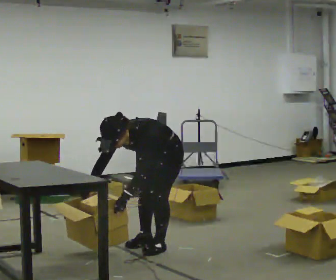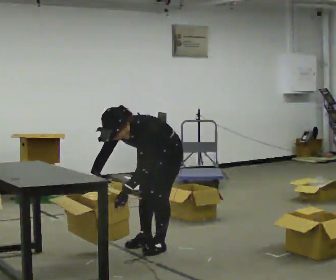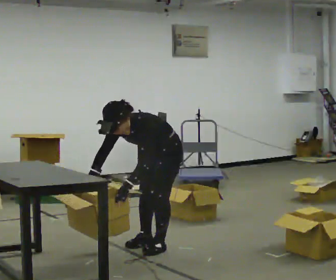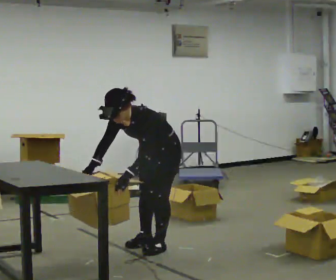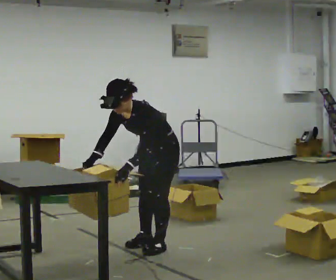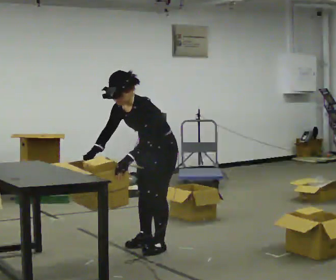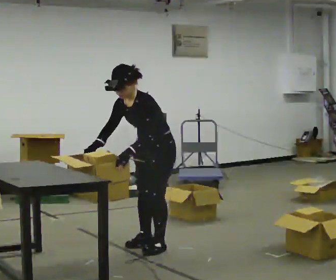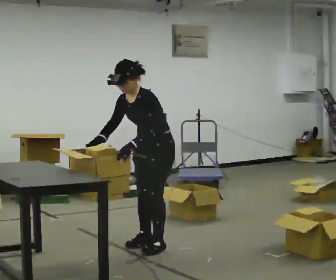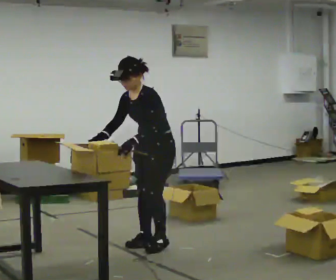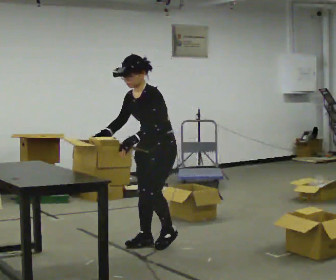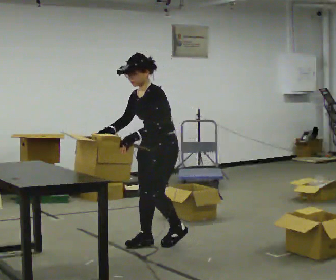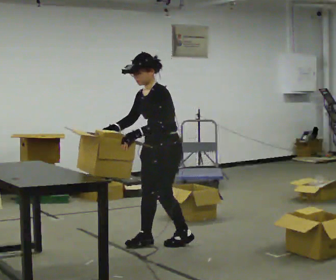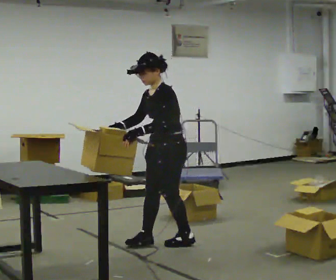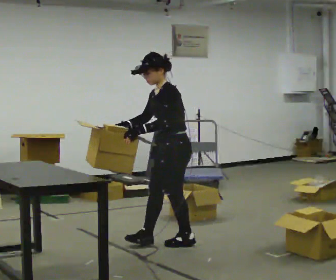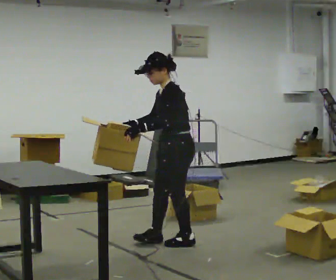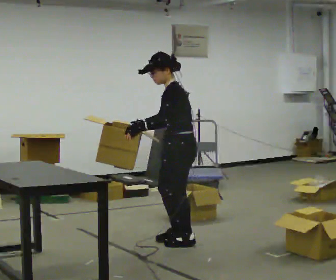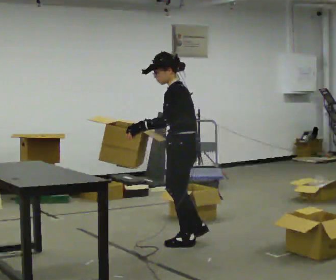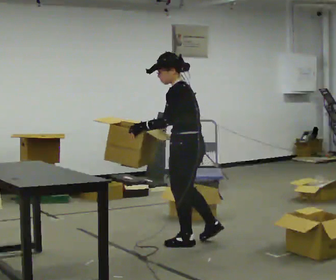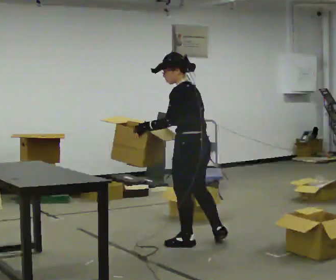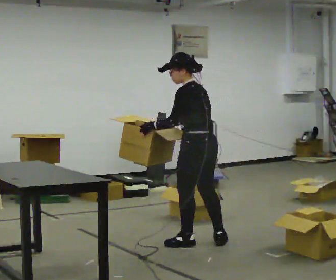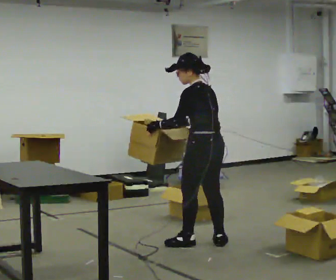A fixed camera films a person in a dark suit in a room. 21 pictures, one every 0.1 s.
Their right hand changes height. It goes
upward.
The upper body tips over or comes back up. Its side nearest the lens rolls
upward.
0.0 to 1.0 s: The shoulders move upward. The upper body tips away from the camera, its near side rolling upward, as they lean back or straighten. In the picture their left hand goes upward.
1.0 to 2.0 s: The part of the body nearest the lens slides to the left as the person turns to their right by about 75 degrees. In the picture they go to the right, about 0.5 m in 1 step.
The film runs backward here.
